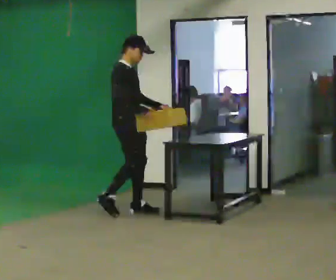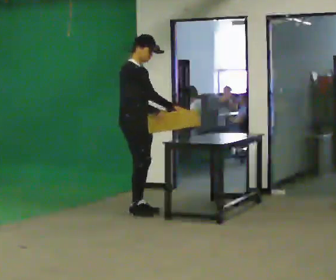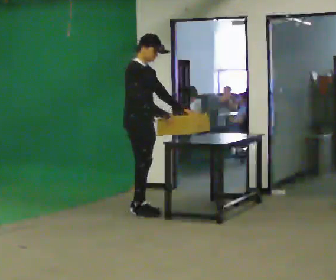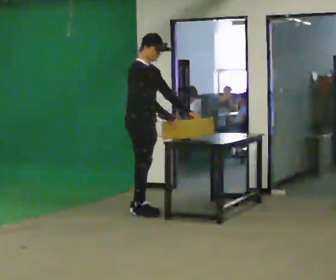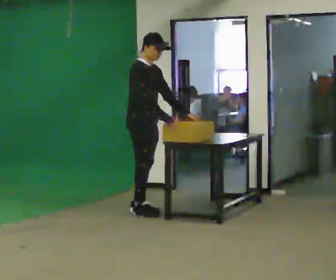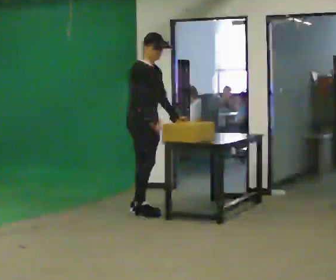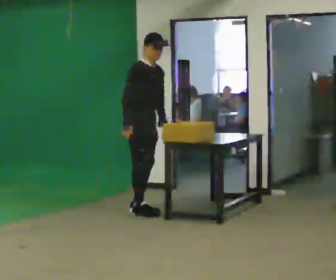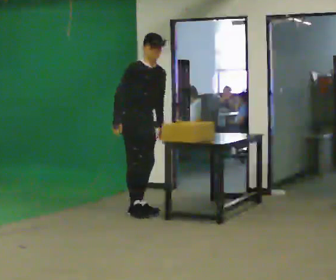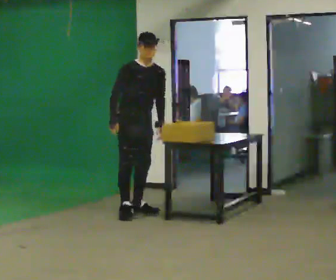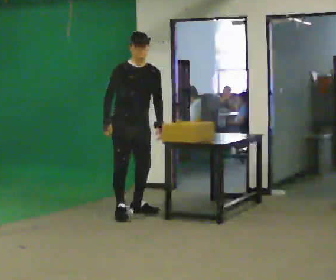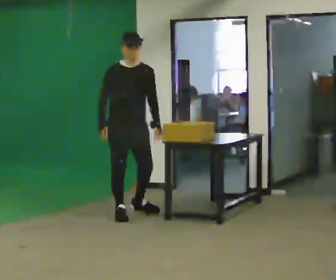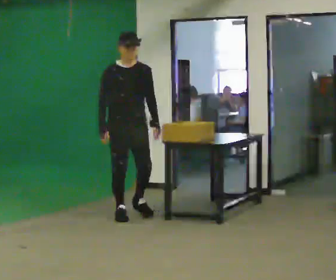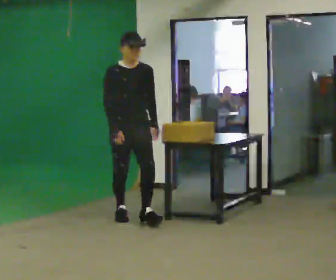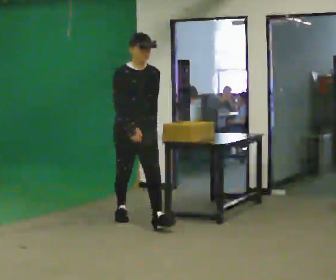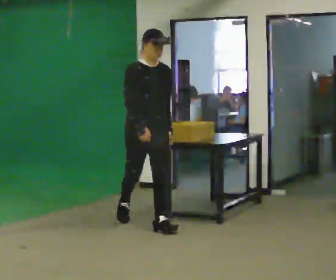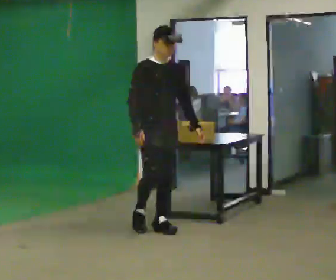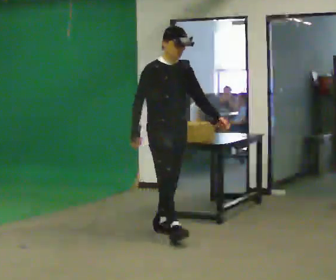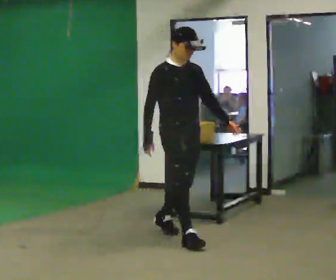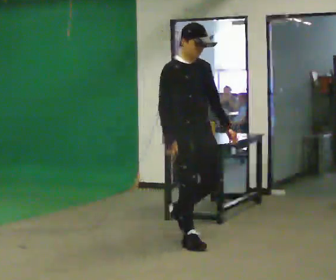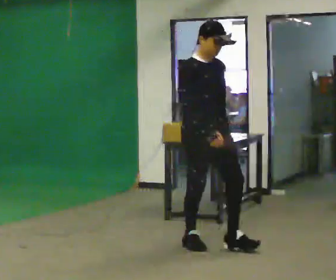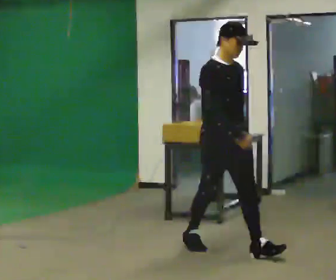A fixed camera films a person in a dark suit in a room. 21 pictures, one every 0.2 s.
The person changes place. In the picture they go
toward the camera.
0.0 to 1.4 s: The person turns about 30 degrees to their right, clockwise seen from above, so the part of the body nearest the lens slides to the left. In the picture the upper body tilts clockwise, shoulders to the right.
1.4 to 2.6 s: Seen from above the body turns clockwise, about 30 degrees: to their right, with its near side sliding to the left. In the picture they go toward the camera, about 0.5 m in 1 step, which for them is forward.
2.6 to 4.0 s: In the picture they go toward the camera and to the right, about 1.5 m in 2 steps, which for them is forward.
The film runs forward here.
